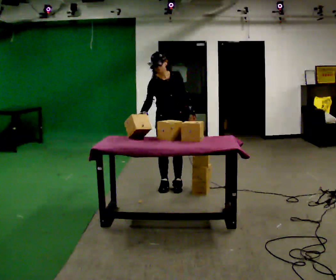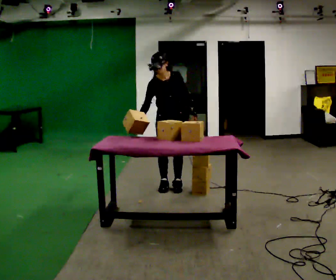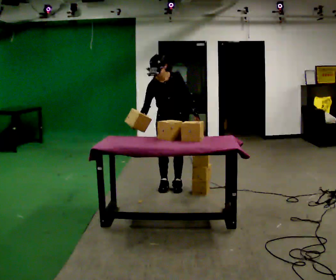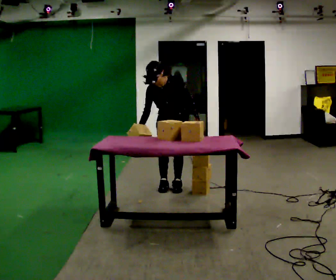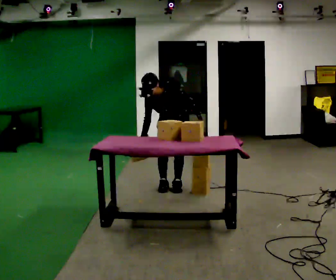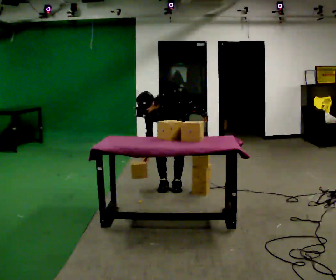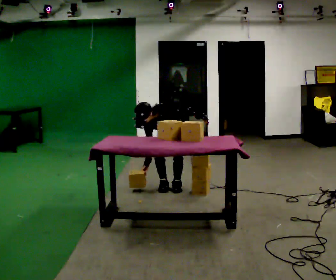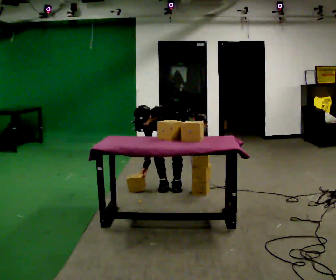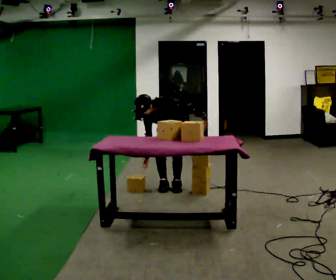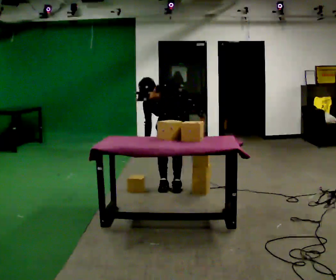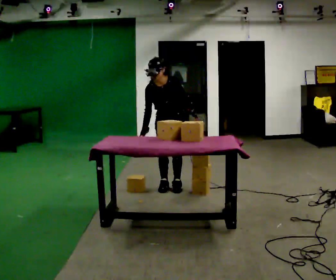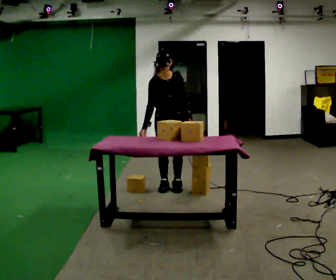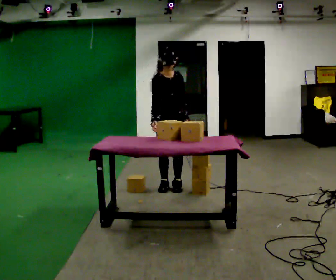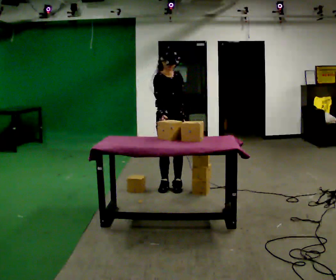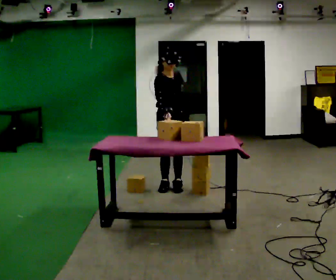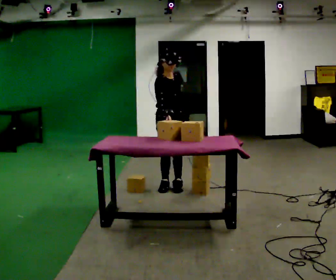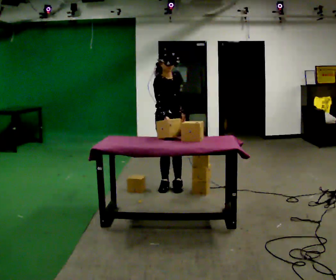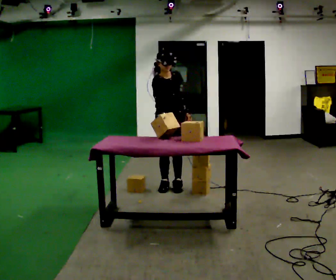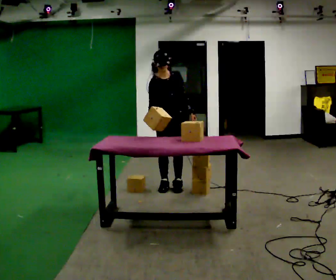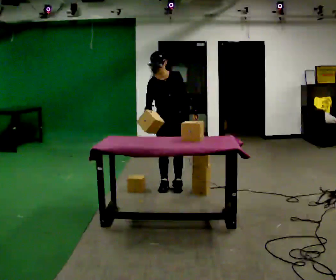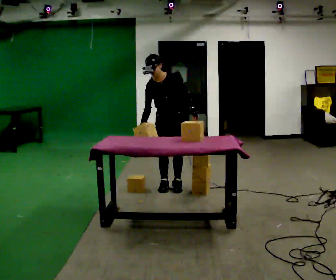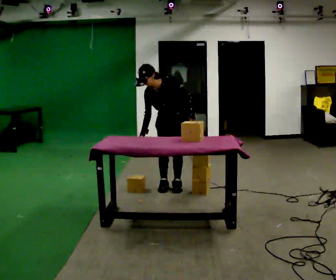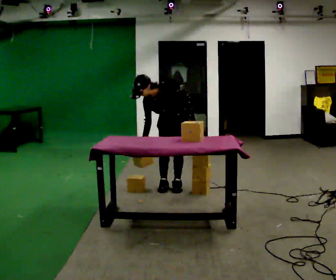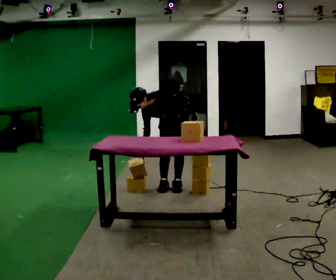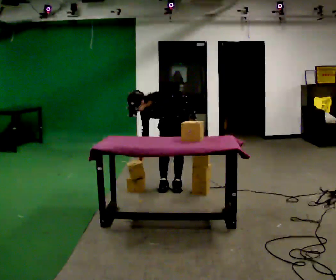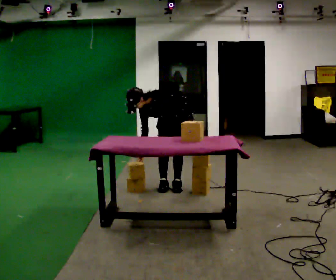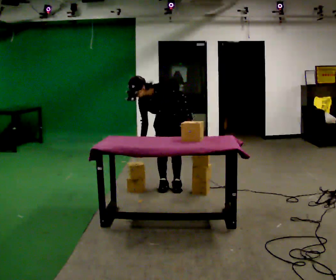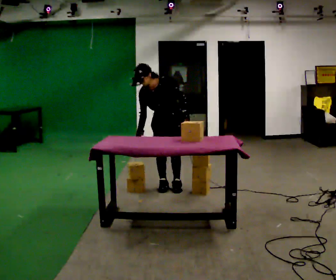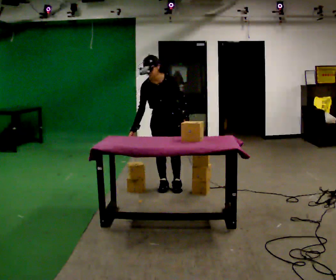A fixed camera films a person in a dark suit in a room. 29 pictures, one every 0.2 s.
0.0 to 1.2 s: The part of the body nearest the lens slides to the left as the person turns to their right by about 45 degrees. The shoulders move downward. In the picture the upper body tilts counterclockwise, shoulders to the left, as they bend forward. In the picture their right hand goes downward.
1.2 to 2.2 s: The part of the body nearest the lens slides to the right as the person turns to their left by about 45 degrees. The shoulders move upward. The upper body tips away from the camera, its near side rolling upward, as they lean back or straighten.
2.2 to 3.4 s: The person moves a little, or ends about where they began.
3.4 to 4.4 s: Seen from above the body turns clockwise, about 60 degrees: to their right, with its near side sliding to the left. The upper body goes downward. In the picture the upper body tilts counterclockwise, shoulders to the left, as they bend forward. In the picture their right hand goes downward.
4.4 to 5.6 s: The person moves a little, or ends about where they began.
The film runs forward here.
